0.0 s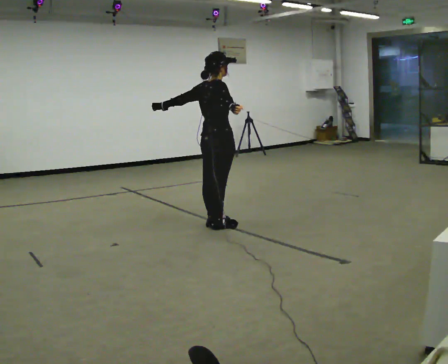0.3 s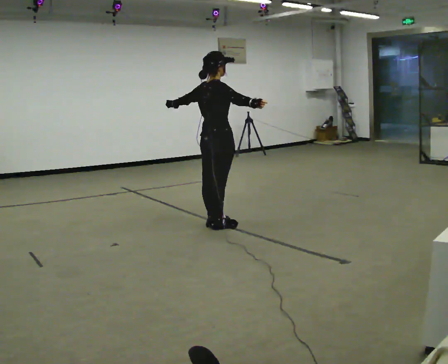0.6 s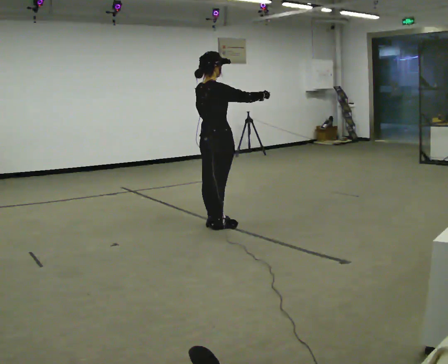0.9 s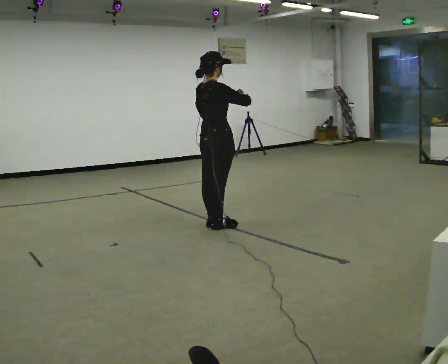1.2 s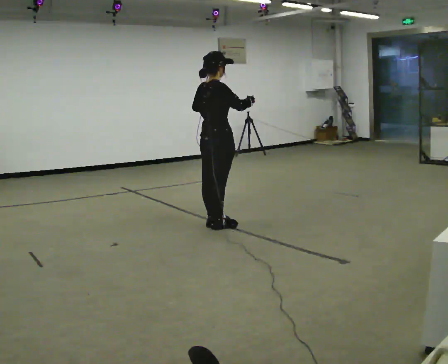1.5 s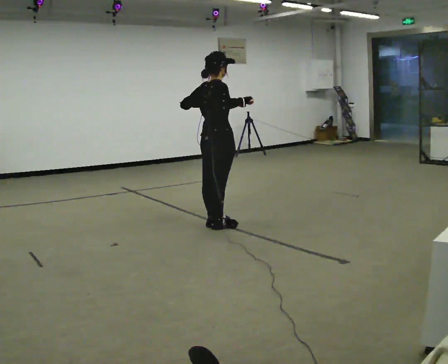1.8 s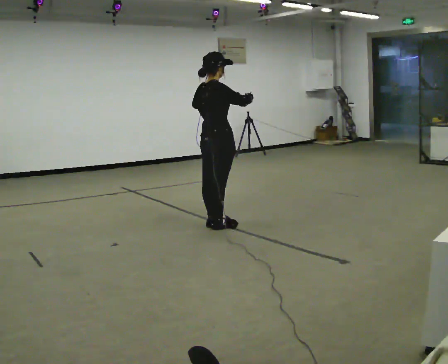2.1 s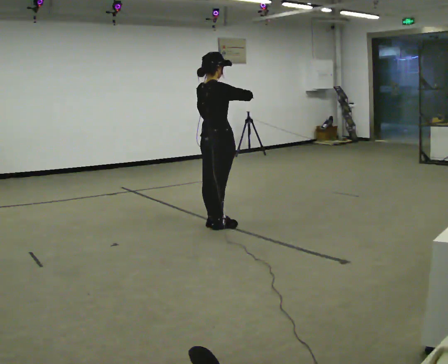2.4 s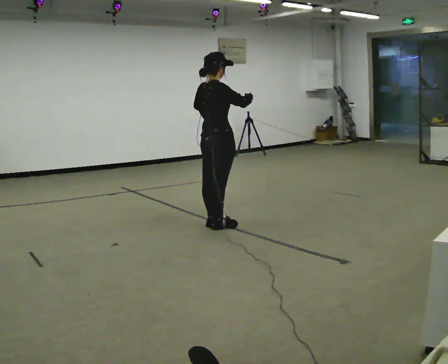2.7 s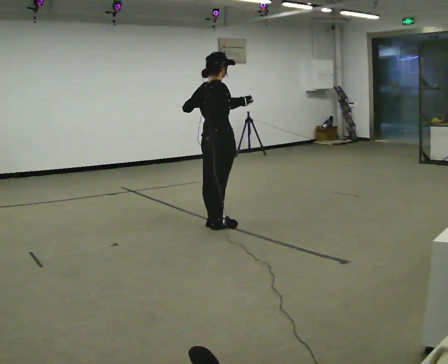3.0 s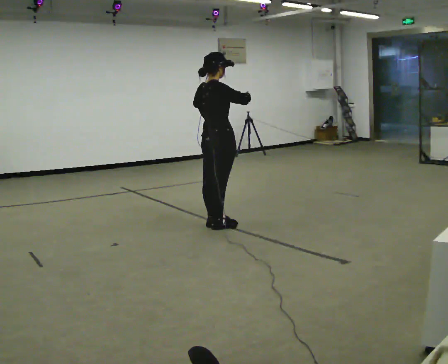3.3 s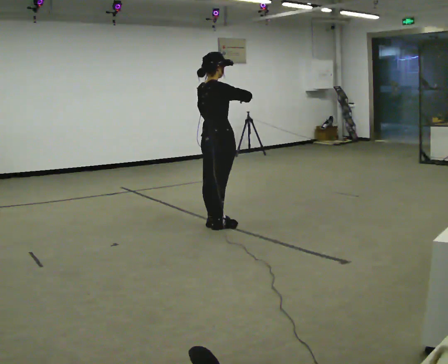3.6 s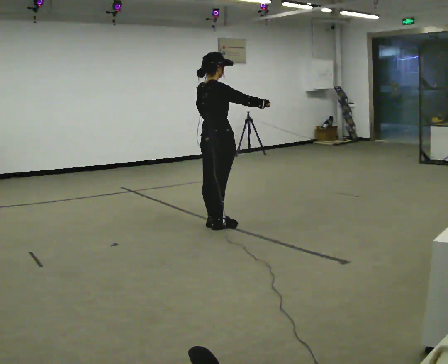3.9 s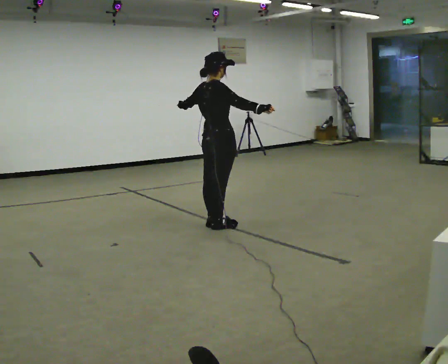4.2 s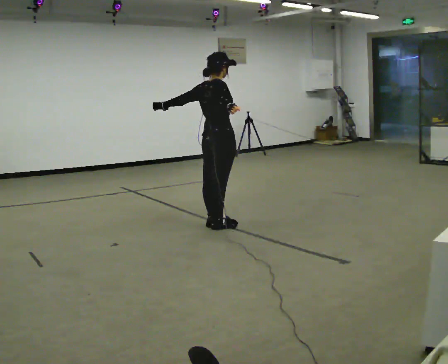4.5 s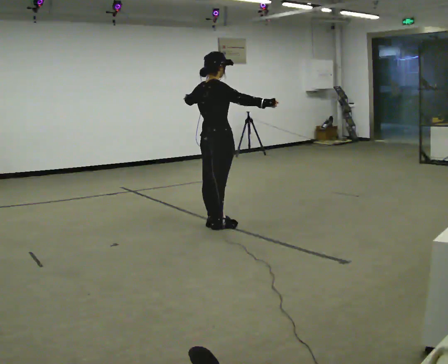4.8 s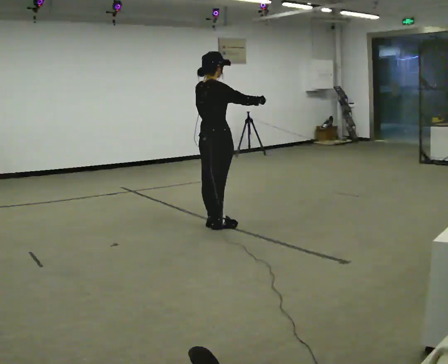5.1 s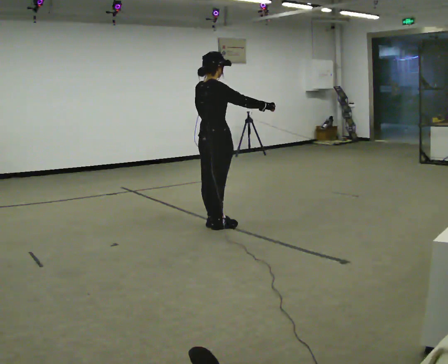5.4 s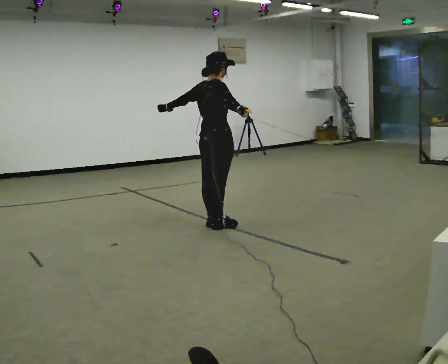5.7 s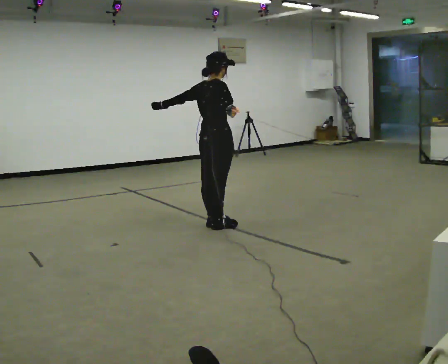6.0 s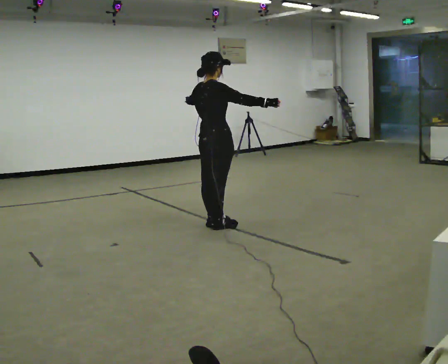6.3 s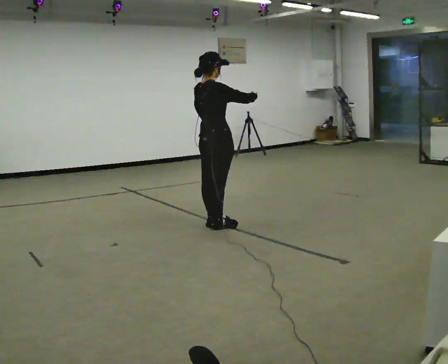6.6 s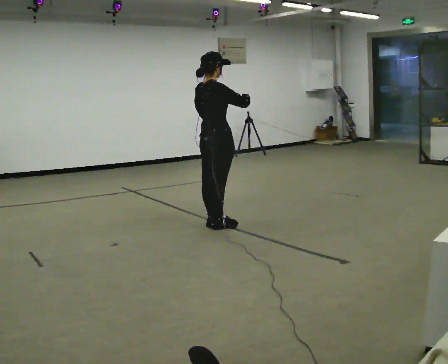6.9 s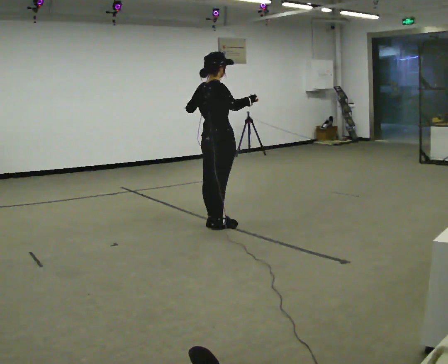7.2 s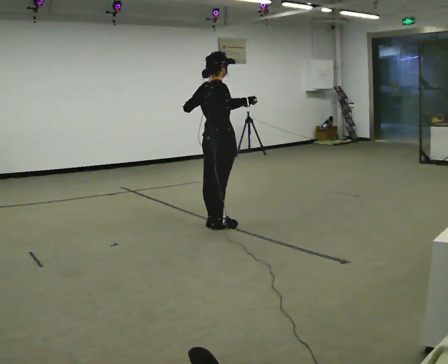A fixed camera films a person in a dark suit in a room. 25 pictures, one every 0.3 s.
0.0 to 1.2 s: In the picture their left hand goes to the right.
1.2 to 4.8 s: The person moves a little, or ends about where they began.
4.8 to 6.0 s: In the picture their left hand goes to the left.
6.0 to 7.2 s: The person moves a little, or ends about where they began.
The film runs backward here.
